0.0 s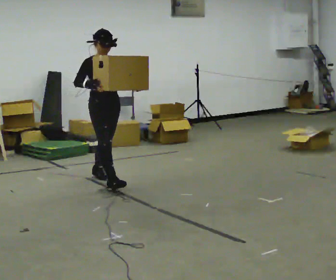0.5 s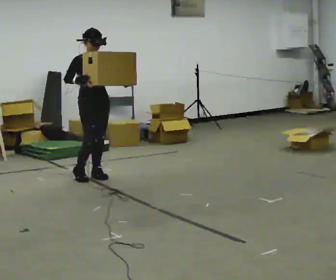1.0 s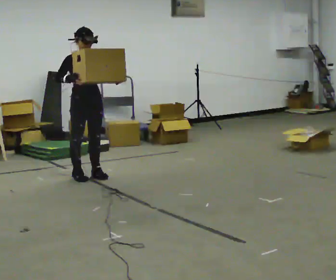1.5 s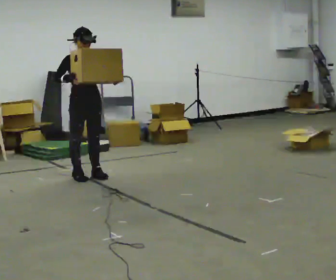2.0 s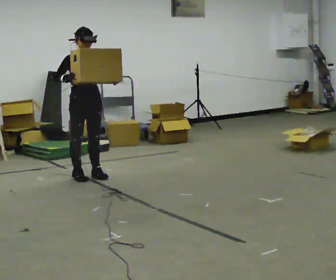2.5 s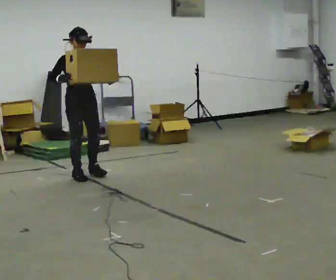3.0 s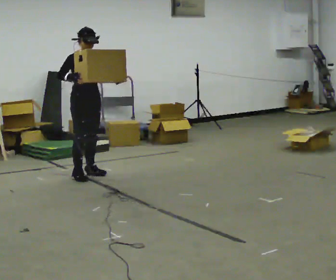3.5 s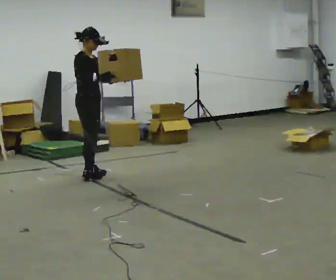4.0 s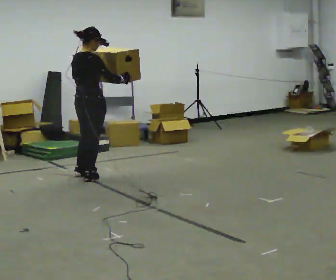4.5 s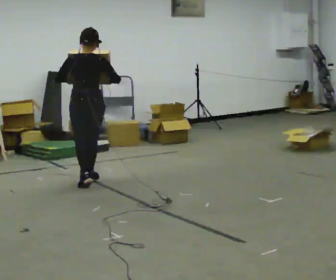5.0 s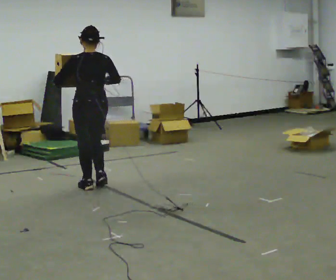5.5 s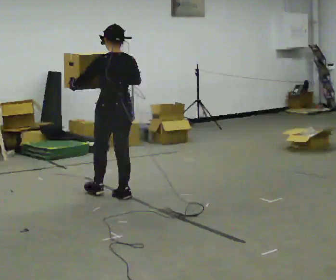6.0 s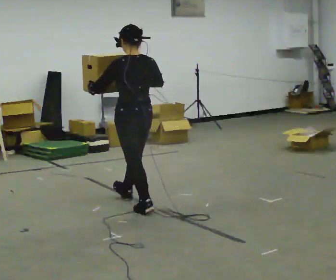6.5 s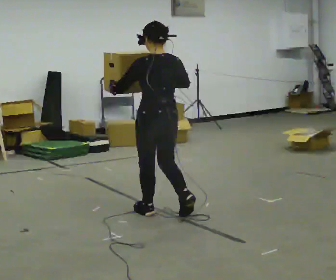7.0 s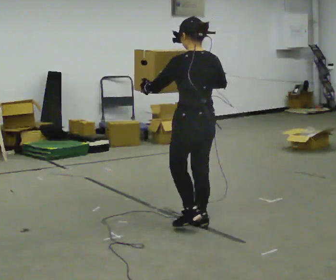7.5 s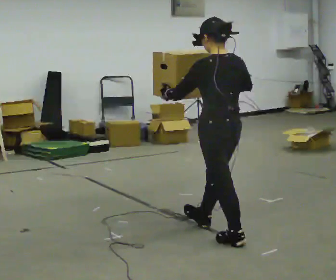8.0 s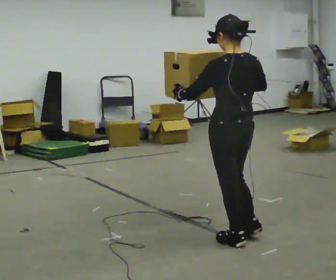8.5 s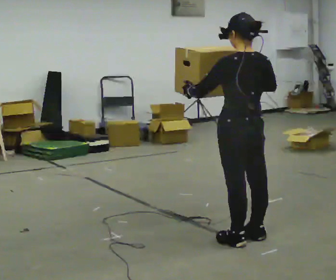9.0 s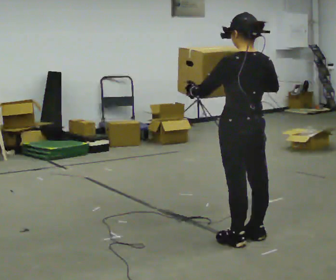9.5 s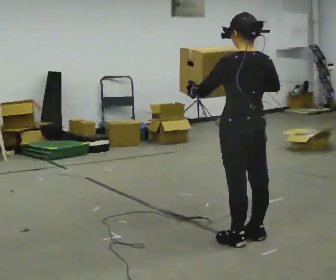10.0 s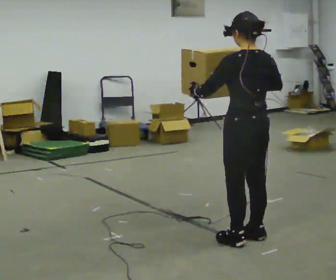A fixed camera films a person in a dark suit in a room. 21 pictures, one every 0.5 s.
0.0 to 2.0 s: In the picture they go away from the camera and to the left, about 0.25 m in 1 step, which for them is backward.
2.0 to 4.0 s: The person turns about 105 degrees to their left, counterclockwise seen from above, so the part of the body nearest the lens slides to the right. In the picture their right hand goes to the right.
4.0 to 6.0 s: Seen from above the body turns counterclockwise, about 75 degrees: to their left, with its near side sliding to the right. In the picture they go toward the camera and to the right, about 1 m in 3 steps.
6.0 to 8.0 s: In the picture they go toward the camera and to the right, about 1 m in 2 steps, which for them is backward.
8.0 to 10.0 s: The person moves a little, or ends about where they began.
The film runs backward here.
